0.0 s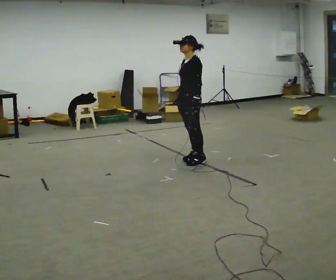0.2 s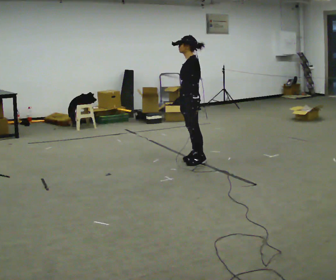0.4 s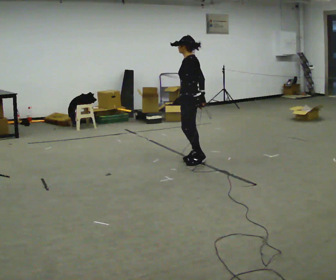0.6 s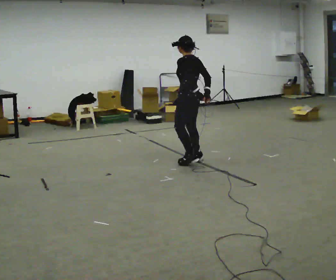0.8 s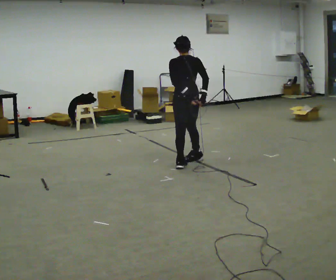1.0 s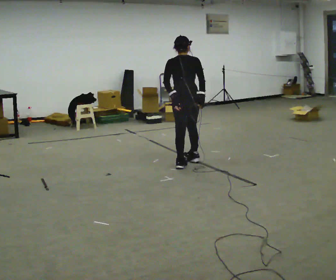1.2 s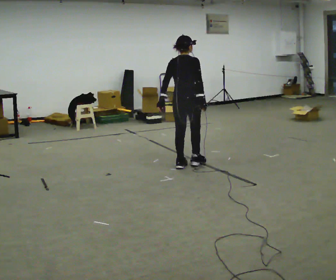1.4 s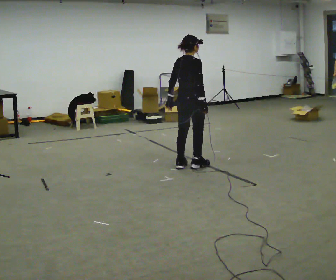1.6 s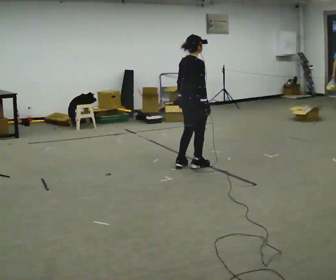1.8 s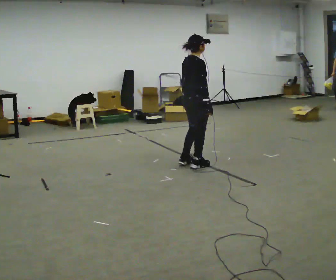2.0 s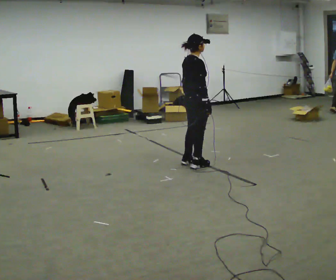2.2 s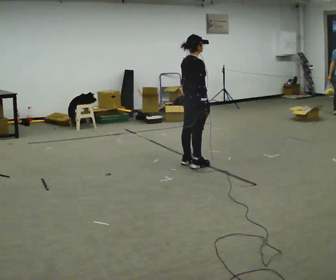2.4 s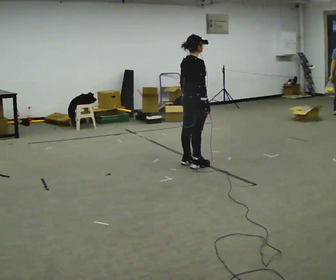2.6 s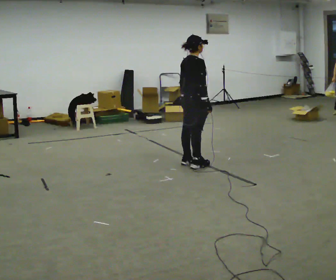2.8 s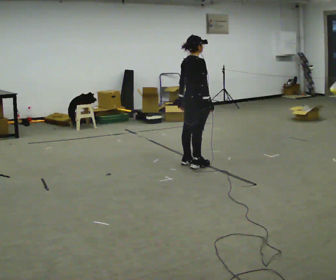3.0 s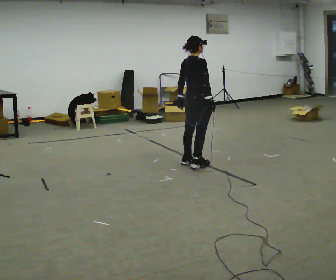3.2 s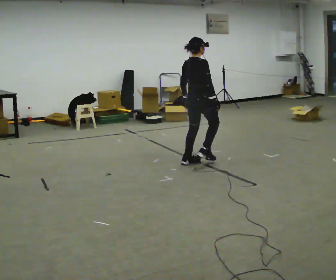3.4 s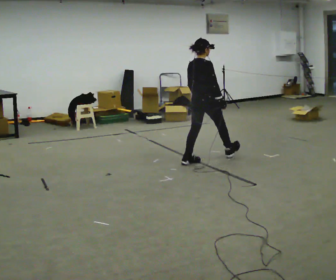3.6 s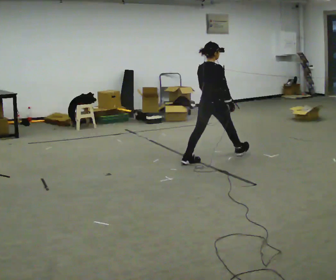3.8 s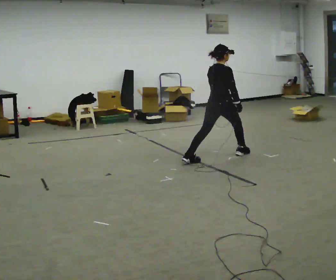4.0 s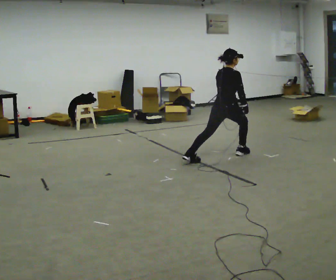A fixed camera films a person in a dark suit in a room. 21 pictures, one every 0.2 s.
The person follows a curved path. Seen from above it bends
counterclockwise.
0.0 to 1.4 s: The part of the body nearest the lens slides to the left as the person turns to their right by about 150 degrees. In the picture they go toward the camera, about 0.25 m in 2 steps.
1.4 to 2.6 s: The person moves a little, or ends about where they began.
2.6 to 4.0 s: In the picture they go to the right and away from the camera, about 0.5 m in 1 step, which for them is forward.
The film runs forward here.
